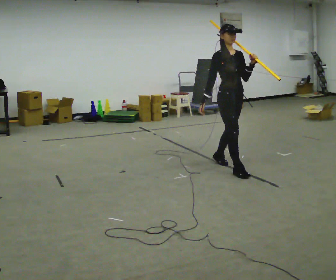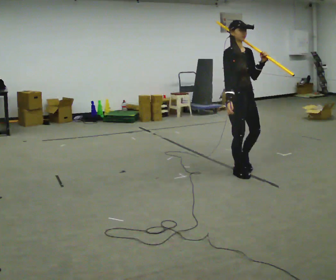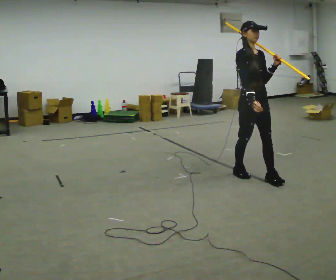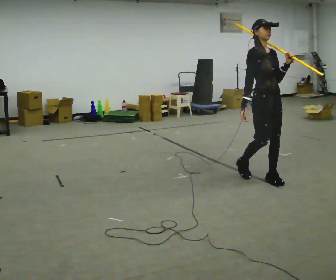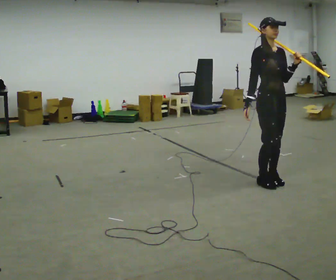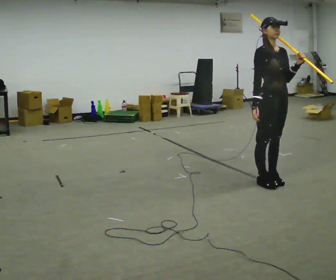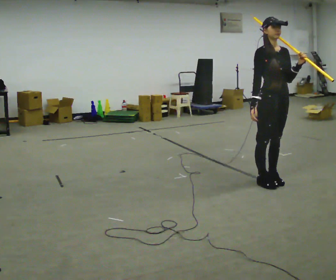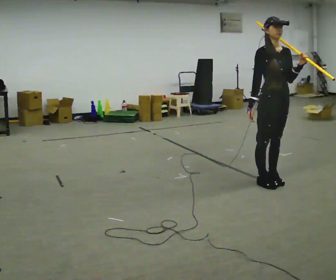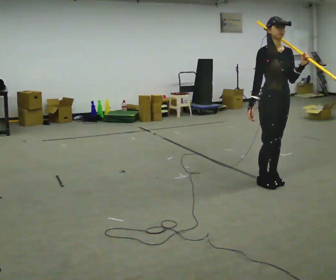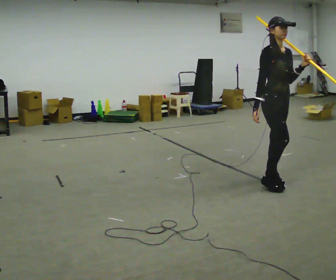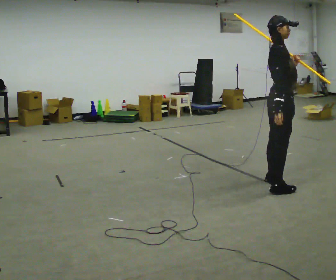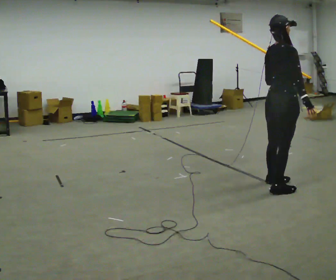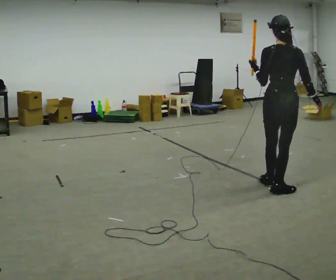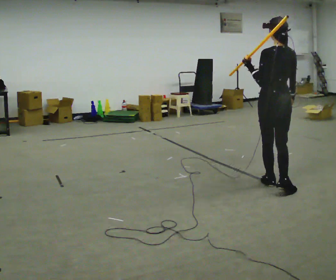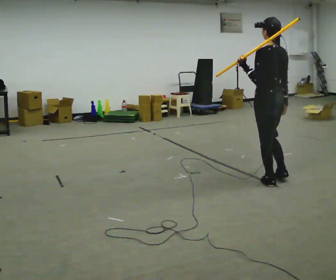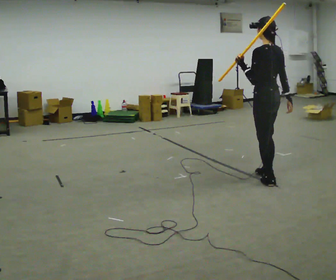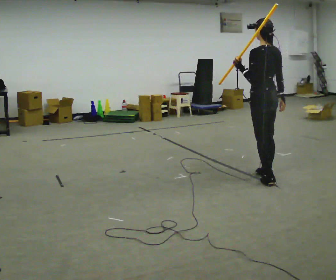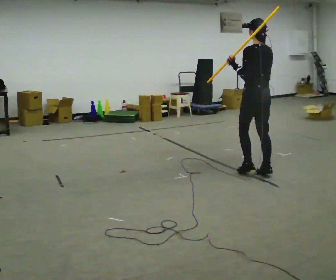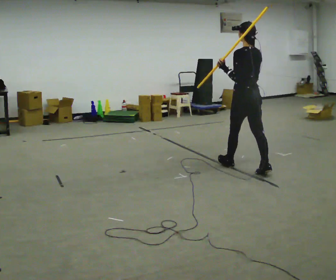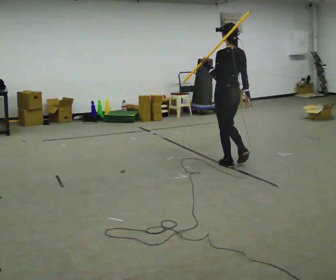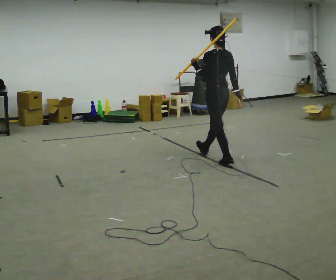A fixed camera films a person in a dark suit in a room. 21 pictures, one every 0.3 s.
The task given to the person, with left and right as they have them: Rest the long object on the shoulder the operator calls and carry it across the room, back and forth.
0.0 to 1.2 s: In the picture they go to the right and toward the camera, about 0.5 m in 2 steps, which for them is forward.
1.2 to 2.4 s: The person moves a little, or ends about where they began.
2.4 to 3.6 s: The person turns about 150 degrees to their left, counterclockwise seen from above, so the part of the body nearest the lens slides to the right. In the picture they go toward the camera, about 0.25 m in 1 step. In the picture their right hand goes to the right, the arm swinging counterclockwise.
3.6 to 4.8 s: Seen from above the body turns counterclockwise, about 45 degrees: to their left, with its near side sliding to the right. In the picture they go away from the camera and to the left, about 0.5 m in 1 step, which for them is forward.
4.8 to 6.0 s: In the picture they go away from the camera and to the left, about 1 m in 1 step, which for them is forward.
The film runs forward here.
